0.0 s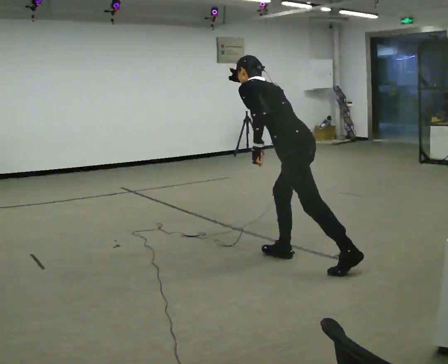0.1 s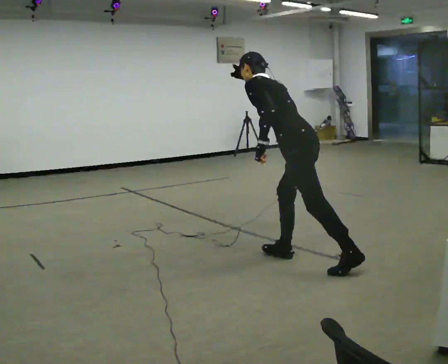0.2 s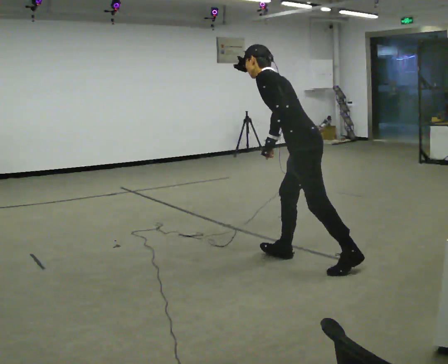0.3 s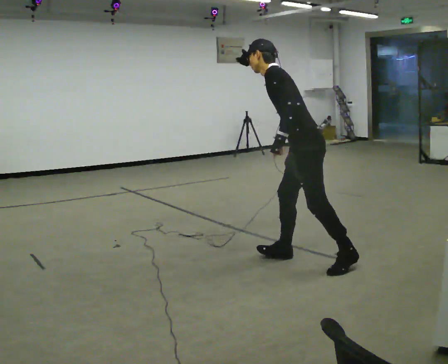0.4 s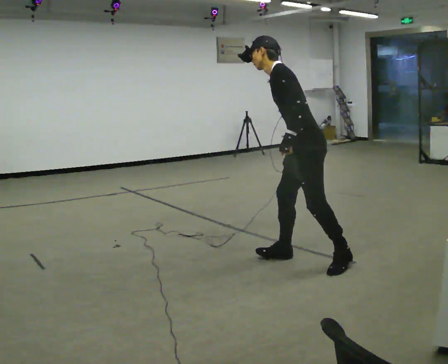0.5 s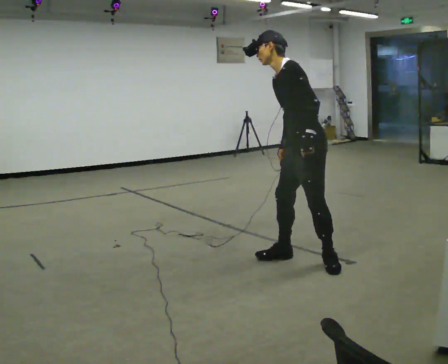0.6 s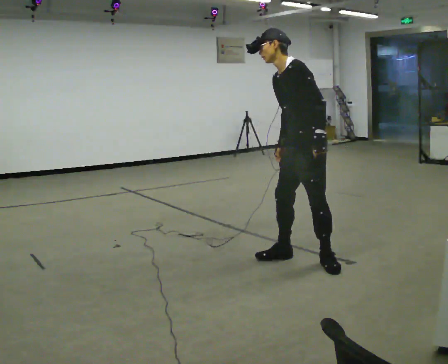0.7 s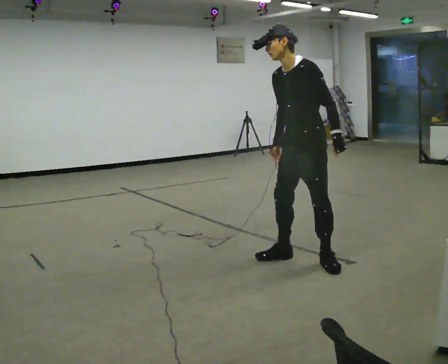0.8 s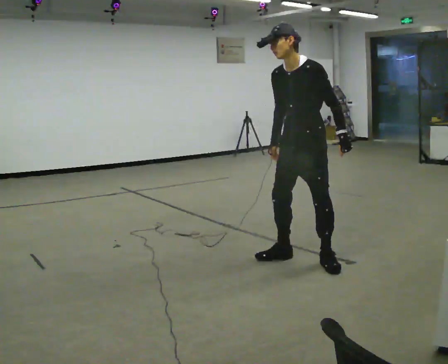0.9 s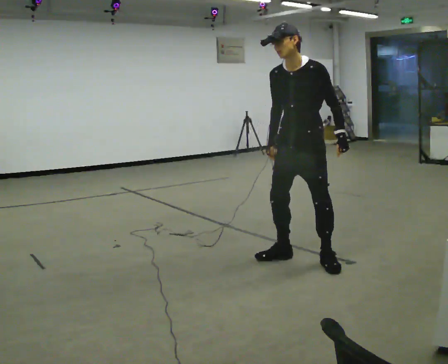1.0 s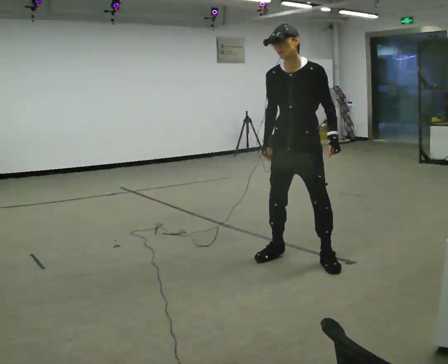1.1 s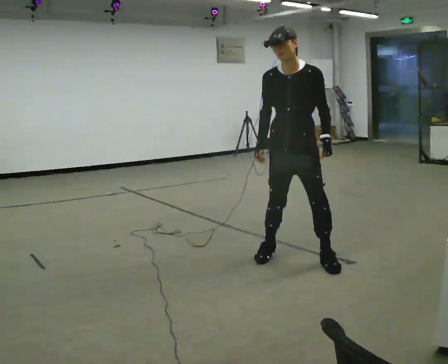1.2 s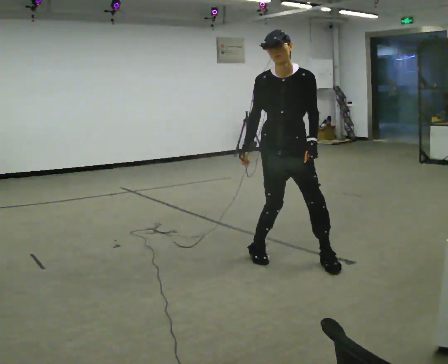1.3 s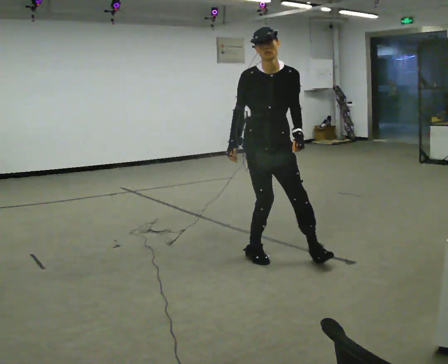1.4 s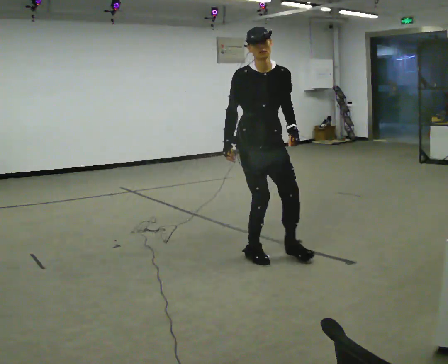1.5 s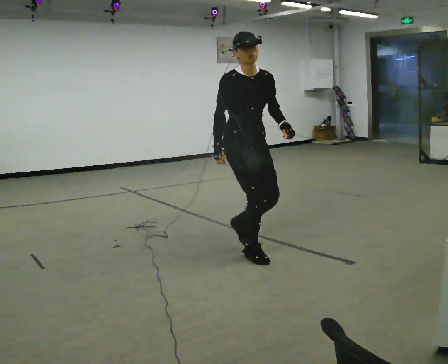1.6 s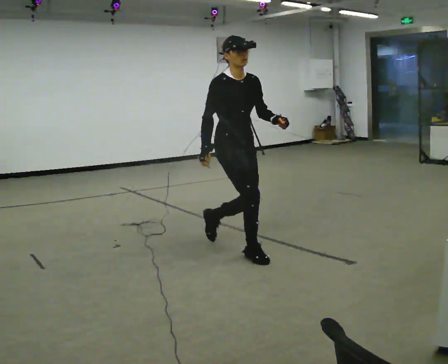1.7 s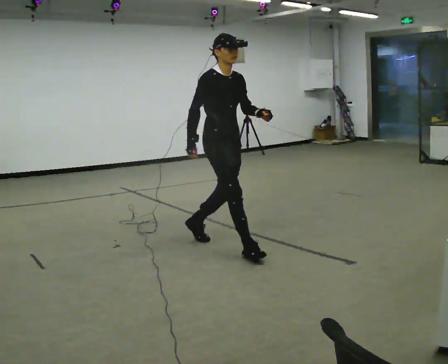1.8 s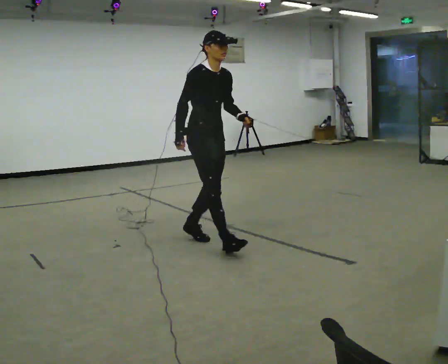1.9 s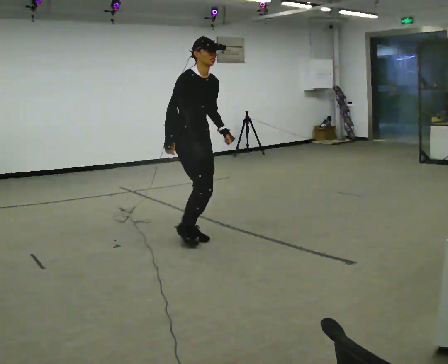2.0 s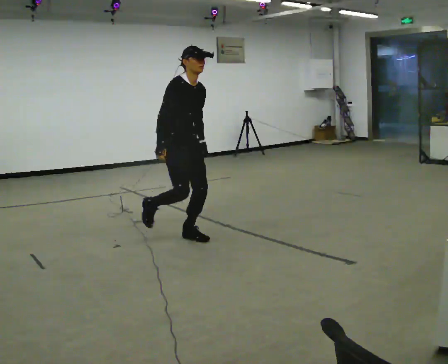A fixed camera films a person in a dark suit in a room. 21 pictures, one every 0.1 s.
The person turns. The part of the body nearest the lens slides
to the right.
The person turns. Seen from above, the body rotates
counterclockwise.
0.0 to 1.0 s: The person turns about 105 degrees to their left, counterclockwise seen from above, so the part of the body nearest the lens slides to the right. The upper body tips toward the camera, its near side rolling downward, as they lean back or straighten.
1.0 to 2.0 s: The person turns about 75 degrees to their left, counterclockwise seen from above, so the part of the body nearest the lens slides to the right. In the picture they go to the left and away from the camera, about 1 m in 2 steps. In the picture the upper body tilts clockwise, shoulders to the right.
The film runs backward here.
